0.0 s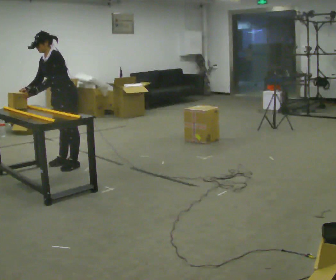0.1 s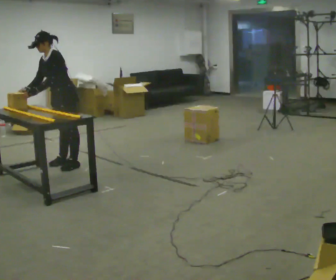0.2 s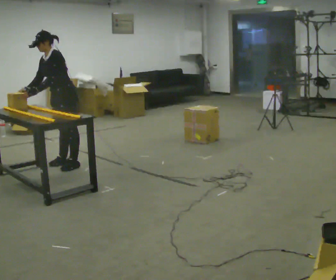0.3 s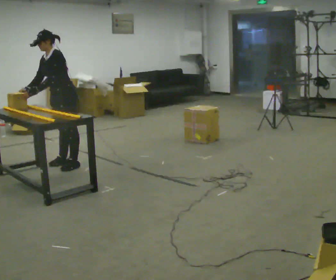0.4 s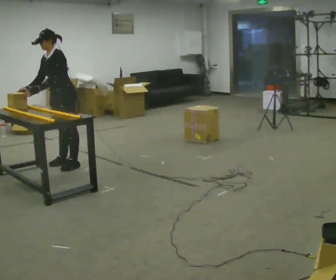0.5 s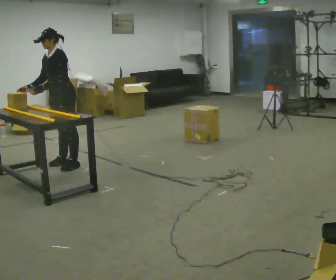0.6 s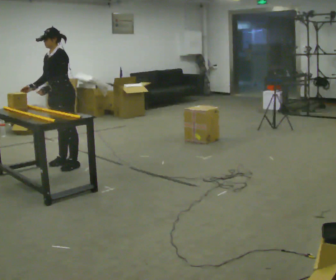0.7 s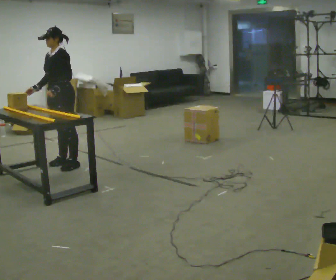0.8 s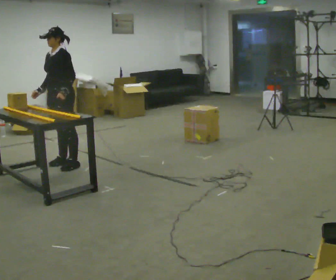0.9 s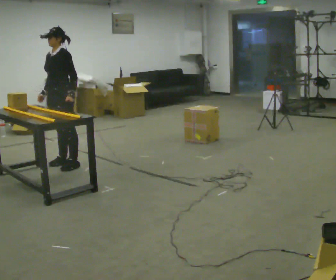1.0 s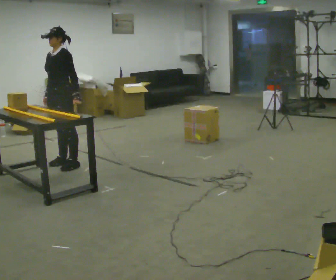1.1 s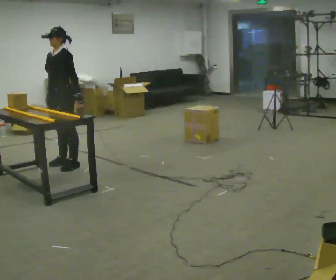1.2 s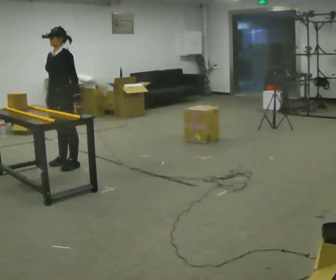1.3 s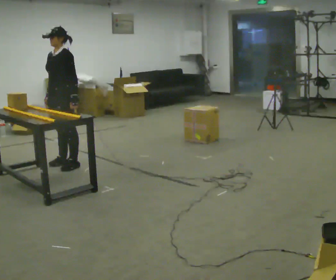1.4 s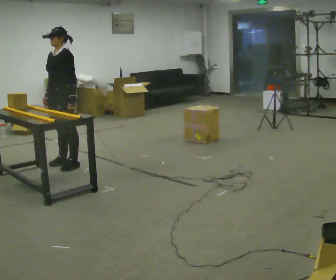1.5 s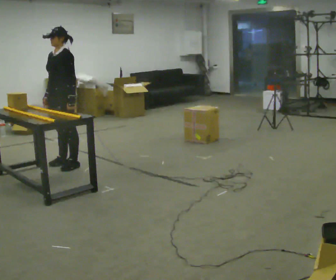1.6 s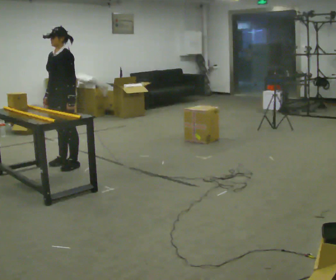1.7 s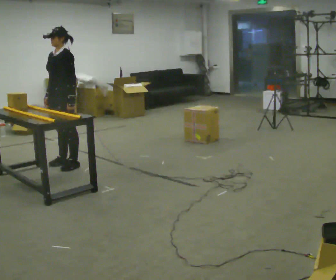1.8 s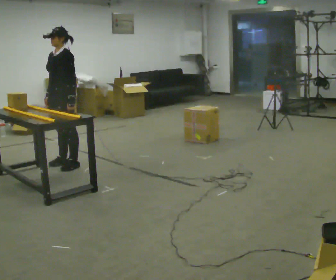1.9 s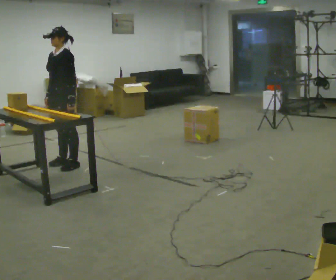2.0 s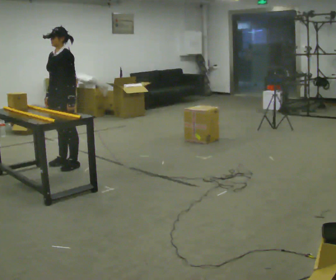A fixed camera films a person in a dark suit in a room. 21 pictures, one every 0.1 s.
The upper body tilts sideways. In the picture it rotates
clockwise.
0.0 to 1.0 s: In the picture the upper body tilts clockwise, shoulders to the right, as they lean back or straighten. In the picture their left hand goes to the right, the arm swinging counterclockwise.
1.0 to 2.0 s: The person moves a little, or ends about where they began.
The film runs forward here.
